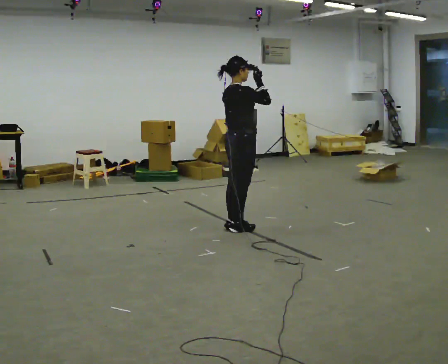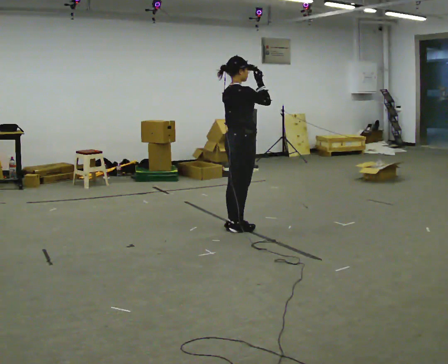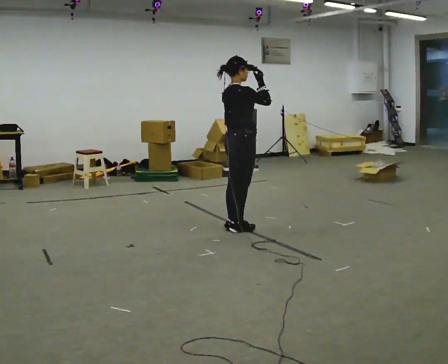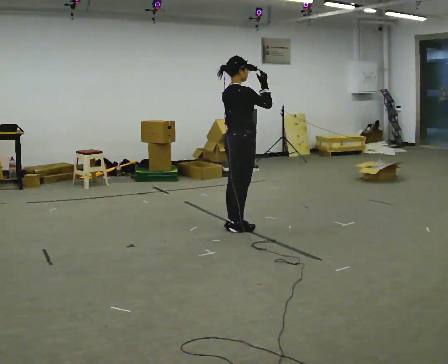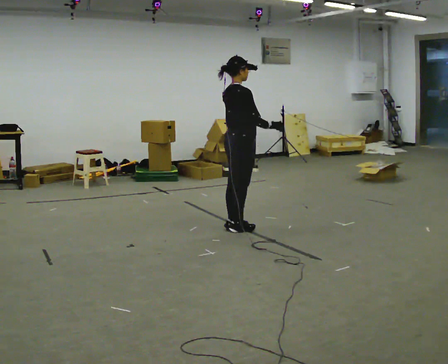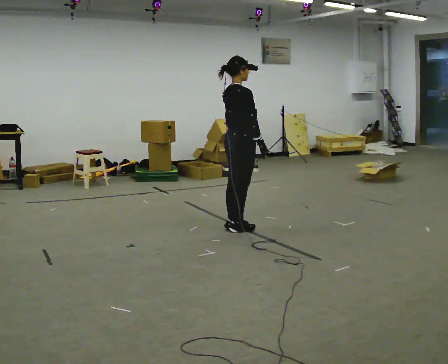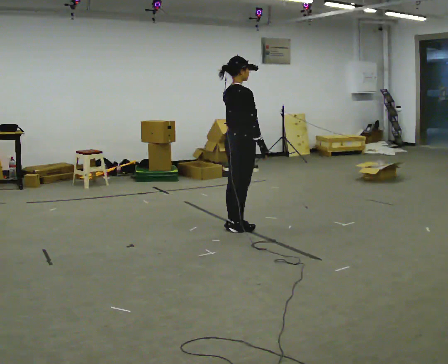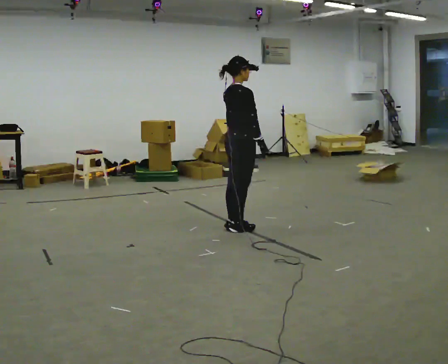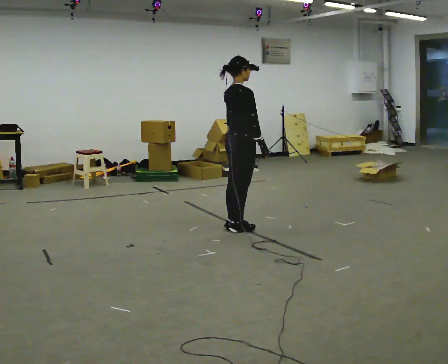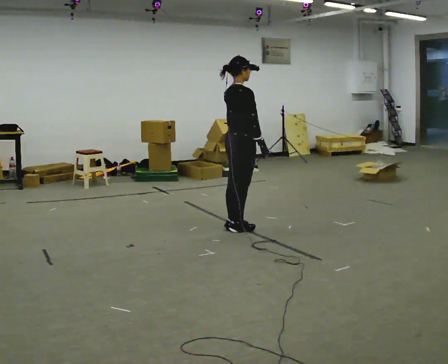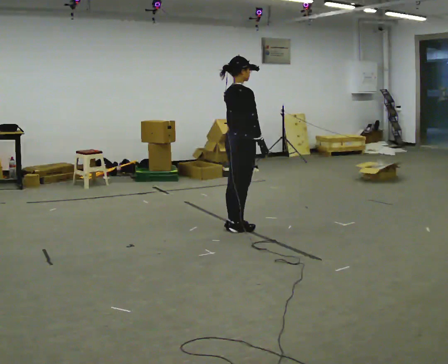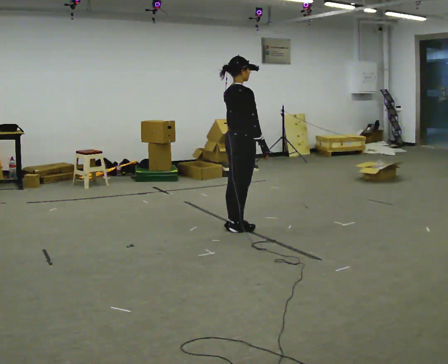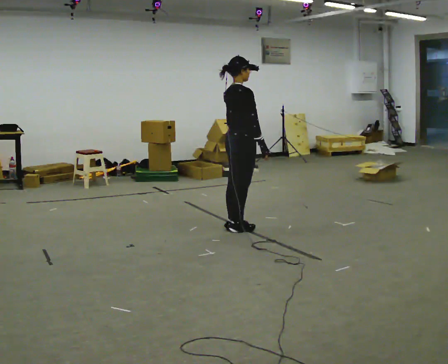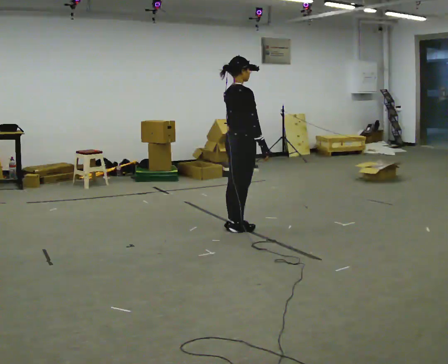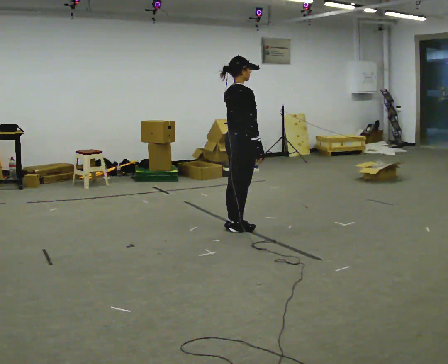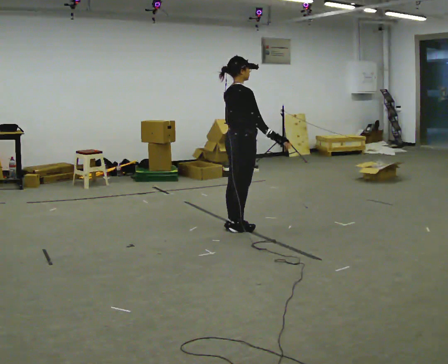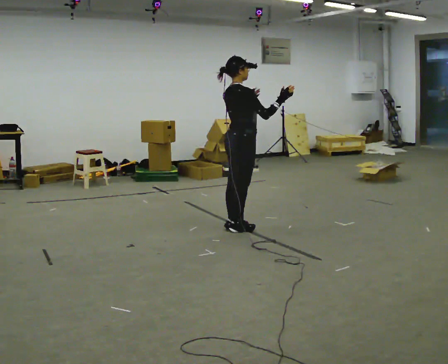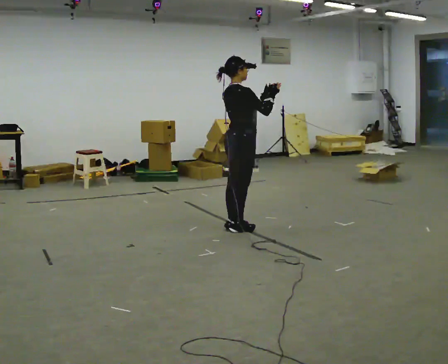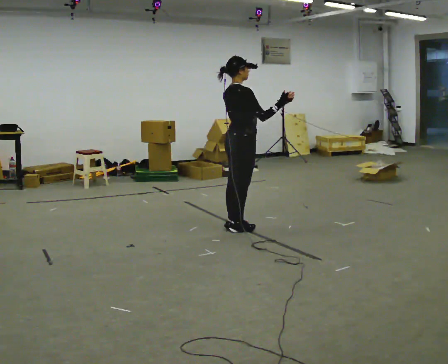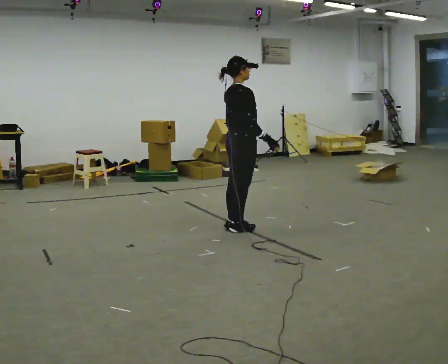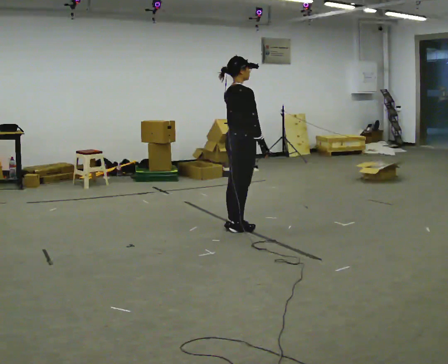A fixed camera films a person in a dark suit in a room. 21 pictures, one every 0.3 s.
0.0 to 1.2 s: In the picture their right hand goes downward.
1.2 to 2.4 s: The person moves a little, or ends about where they began.
2.4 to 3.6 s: The person keeps their place and pose.
3.6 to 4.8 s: In the picture their right hand goes upward, the arm swinging counterclockwise.
4.8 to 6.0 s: In the picture their left hand goes downward.
The film runs backward here.
